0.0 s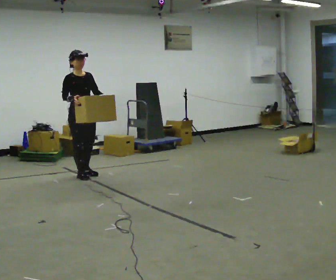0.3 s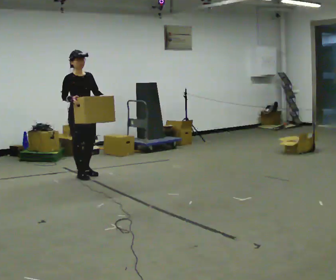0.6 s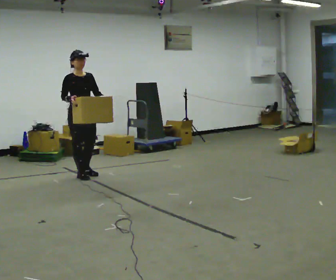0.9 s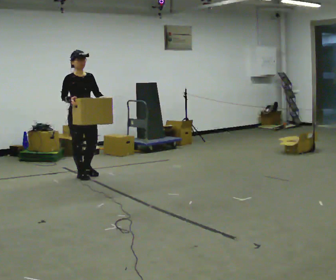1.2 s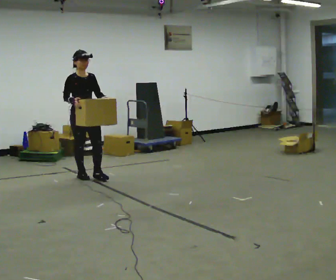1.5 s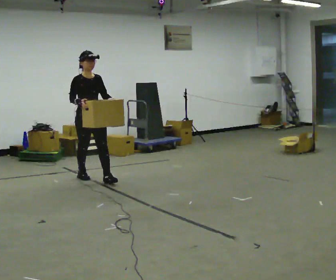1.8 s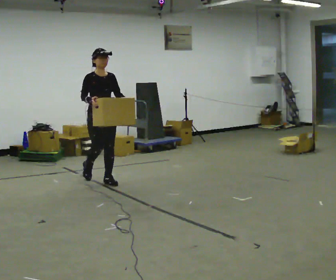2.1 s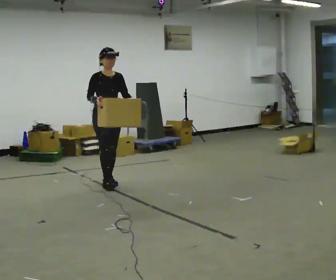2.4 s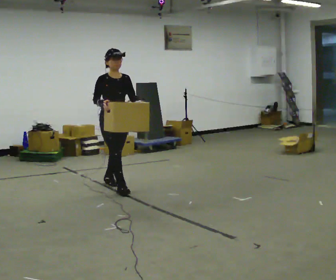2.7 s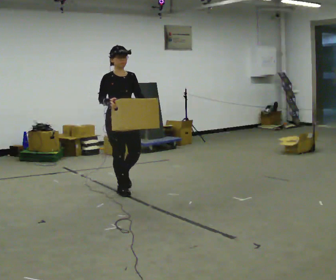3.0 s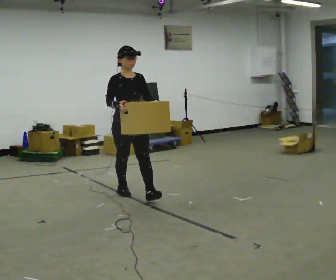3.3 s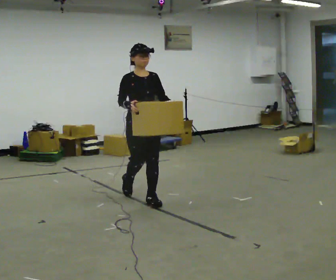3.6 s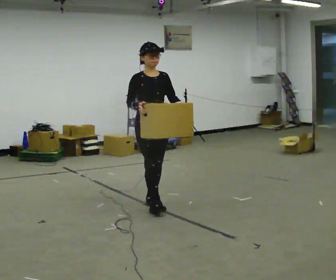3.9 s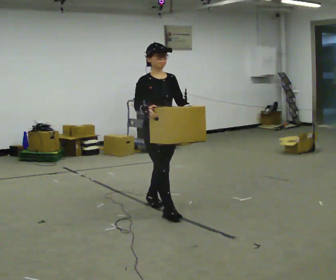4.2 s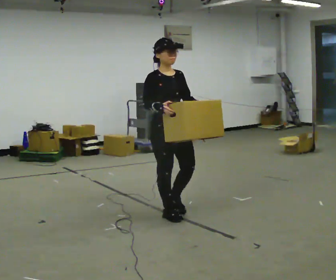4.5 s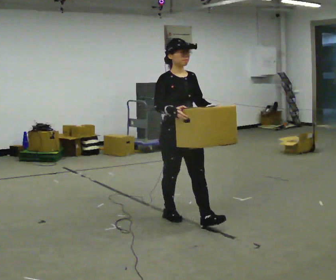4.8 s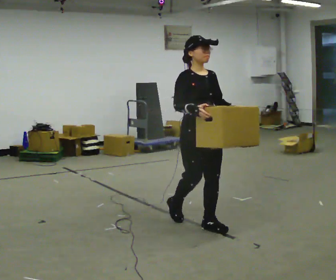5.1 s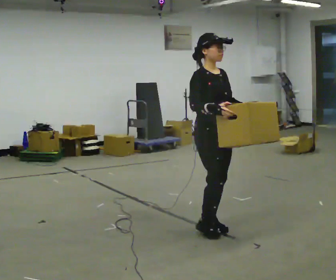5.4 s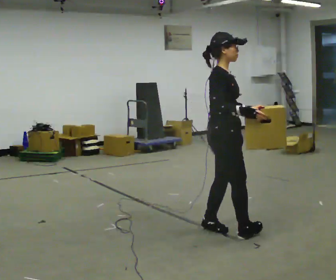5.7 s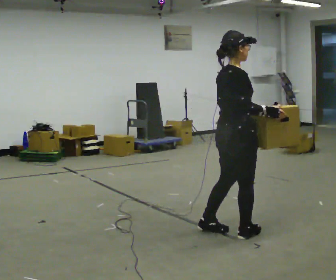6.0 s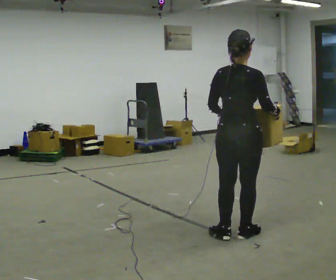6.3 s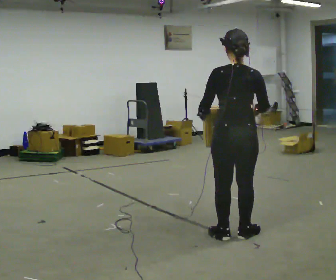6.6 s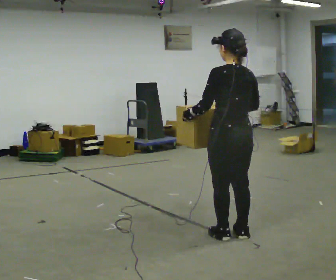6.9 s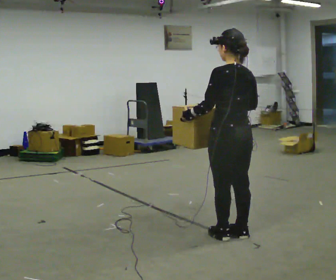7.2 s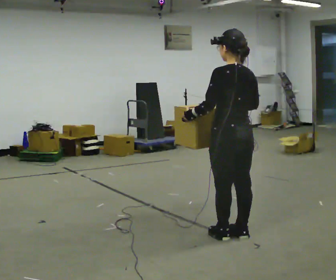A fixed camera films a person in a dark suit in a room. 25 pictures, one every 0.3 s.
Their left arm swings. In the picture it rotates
clockwise.
0.0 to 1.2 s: The person moves a little, or ends about where they began.
1.2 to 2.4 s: In the picture they go to the right and toward the camera, about 0.75 m in 2 steps, which for them is forward.
2.4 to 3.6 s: In the picture they go toward the camera and to the right, about 1 m in 1 step, which for them is forward.
3.6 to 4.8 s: In the picture they go toward the camera and to the right, about 1 m in 2 steps, which for them is forward.
4.8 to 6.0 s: The part of the body nearest the lens slides to the right as the person turns to their left by about 120 degrees. In the picture they go to the right and toward the camera, about 0.5 m in 2 steps.
6.0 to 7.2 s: The part of the body nearest the lens slides to the right as the person turns to their left by about 60 degrees.
The film runs forward here.
